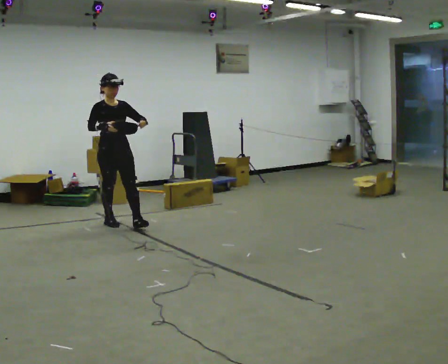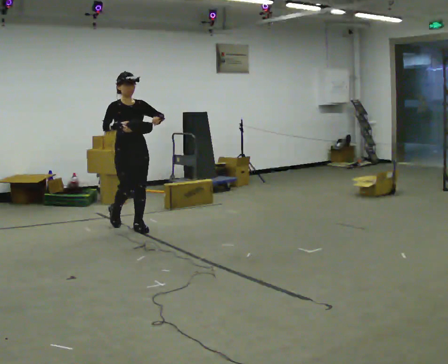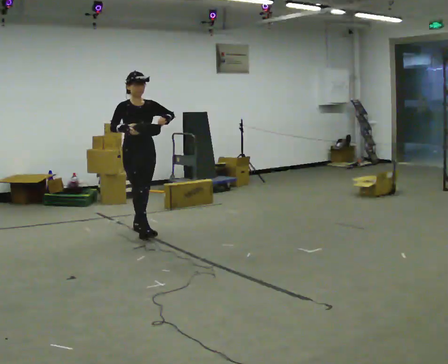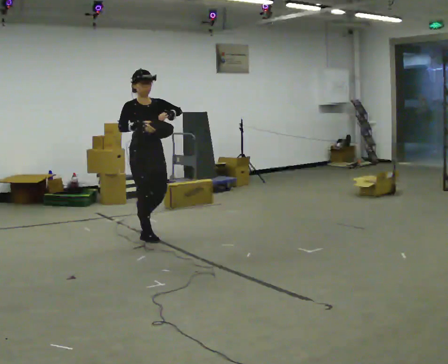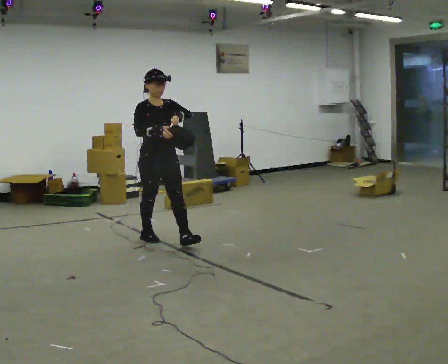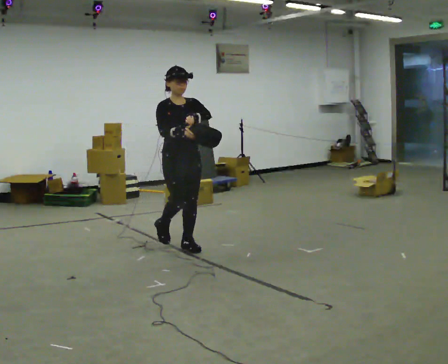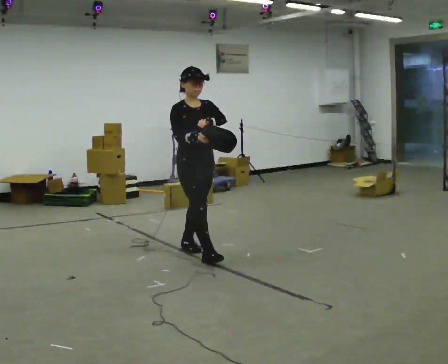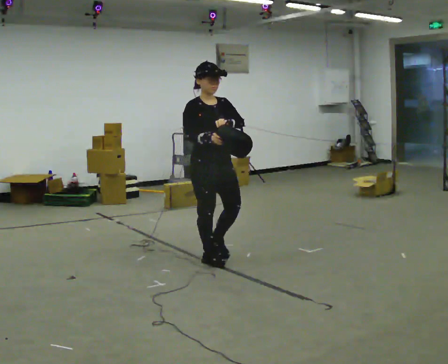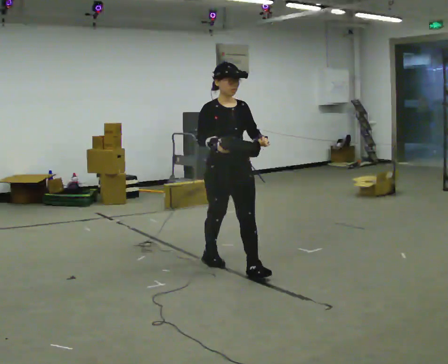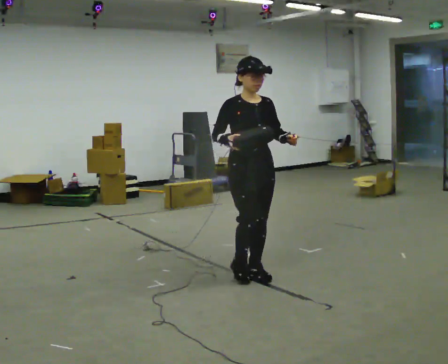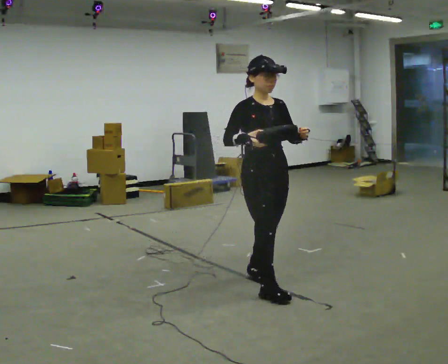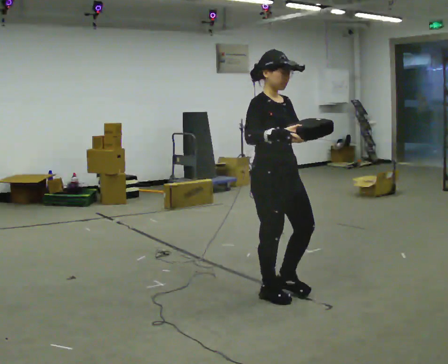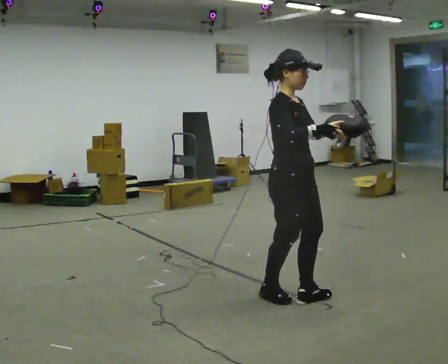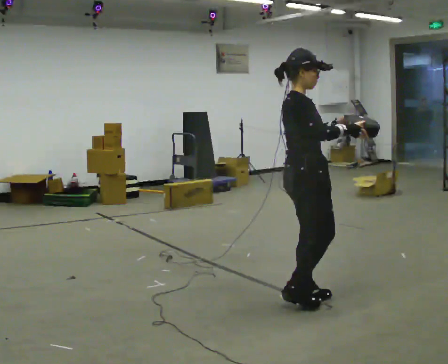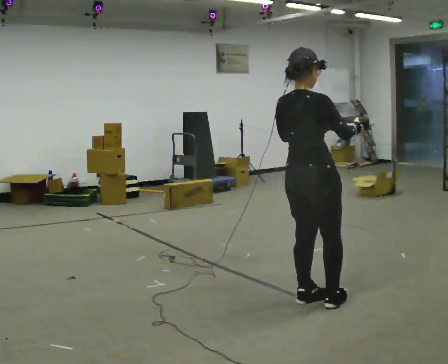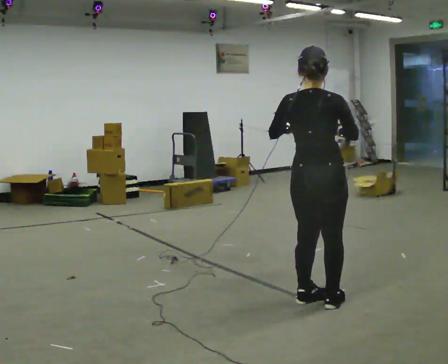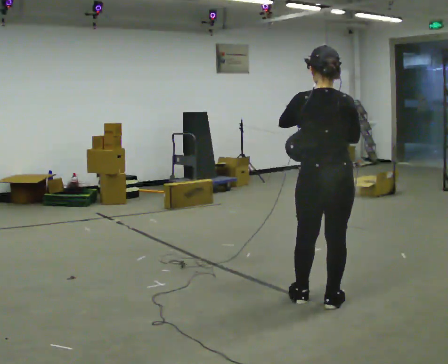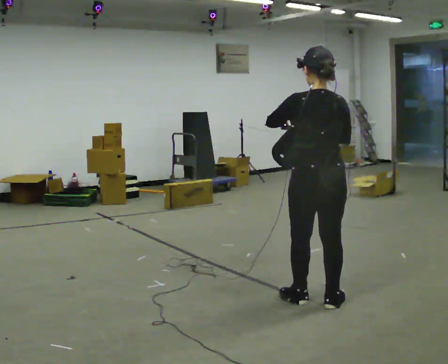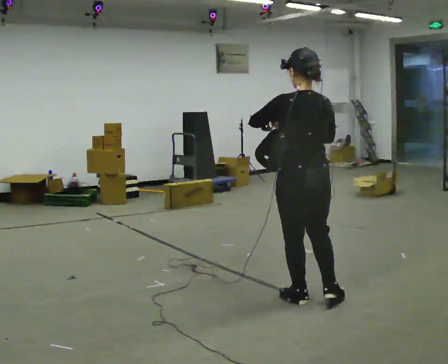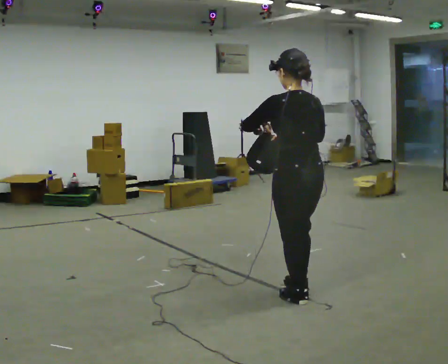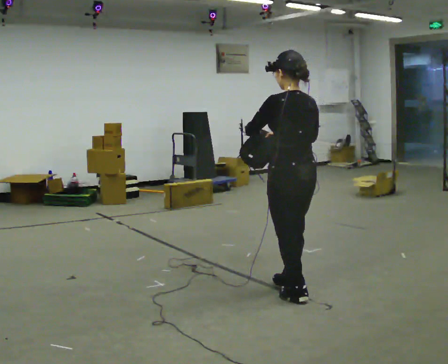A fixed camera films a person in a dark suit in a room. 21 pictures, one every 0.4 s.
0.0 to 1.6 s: In the picture they go to the right and toward the camera, about 1 m in 2 steps, which for them is forward.
1.6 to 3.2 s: In the picture they go to the right and toward the camera, about 1 m in 3 steps, which for them is forward.
3.2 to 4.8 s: The person turns about 30 degrees to their left, counterclockwise seen from above, so the part of the body nearest the lens slides to the right. In the picture they go toward the camera and to the right, about 1 m in 2 steps, which for them is forward.
4.8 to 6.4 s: The person turns about 120 degrees to their left, counterclockwise seen from above, so the part of the body nearest the lens slides to the right. In the picture they go to the right, about 0.25 m in 1 step.
6.4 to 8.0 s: The person turns about 30 degrees to their left, counterclockwise seen from above, so the part of the body nearest the lens slides to the right. In the picture they go away from the camera and to the left, about 0.25 m in 1 step, which for them is forward.
The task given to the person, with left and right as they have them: Carry the bag and, while walking, undo the buckle or zip, then do it up again. Keep repeating as you walk. Do not stop.
The film runs forward here.
